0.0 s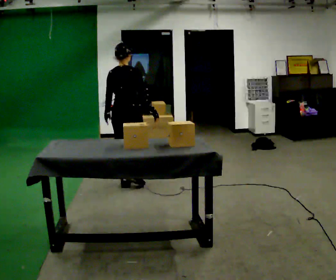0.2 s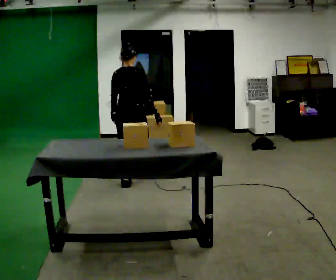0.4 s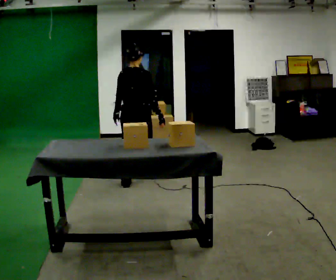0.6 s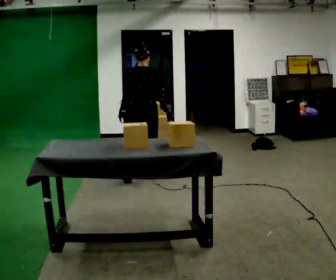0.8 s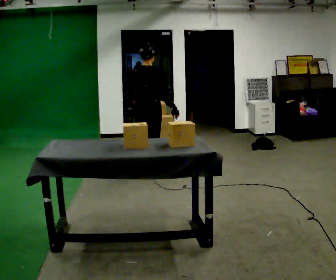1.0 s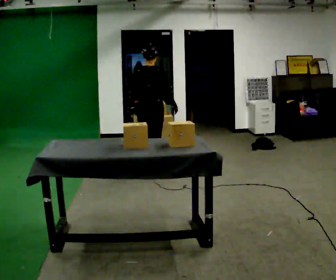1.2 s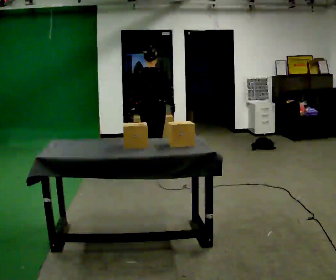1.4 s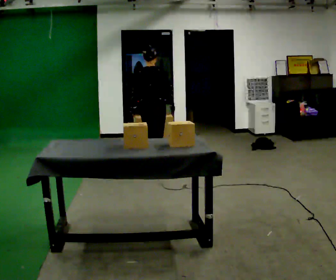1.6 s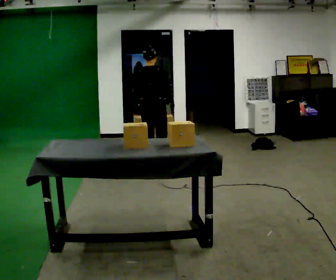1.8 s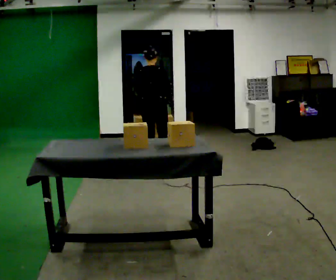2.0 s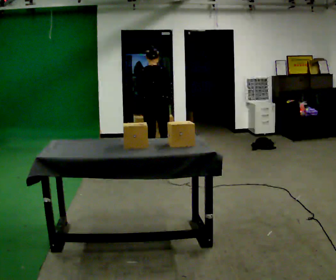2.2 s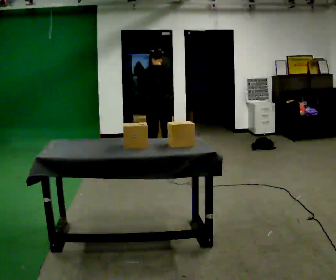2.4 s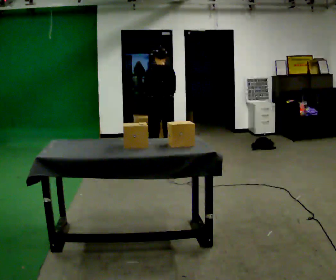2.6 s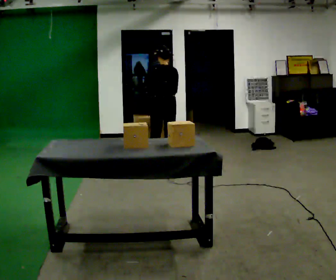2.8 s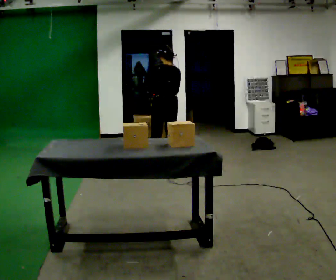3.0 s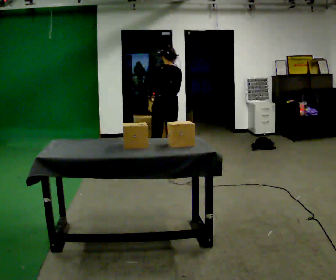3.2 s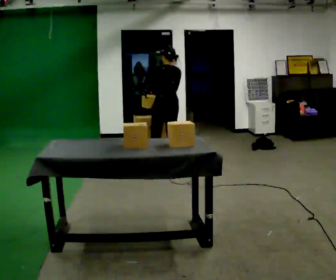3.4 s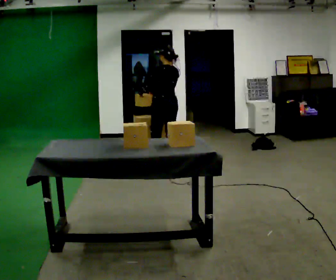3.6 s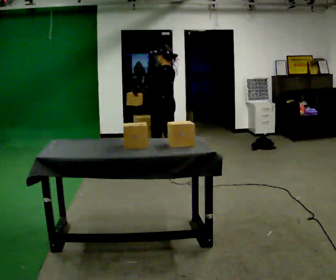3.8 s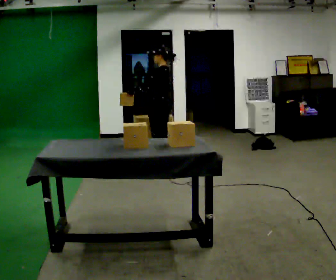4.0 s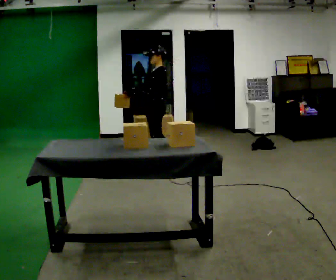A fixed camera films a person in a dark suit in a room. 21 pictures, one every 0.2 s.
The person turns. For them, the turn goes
to their left.
Their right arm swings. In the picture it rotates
clockwise.
0.0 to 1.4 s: In the picture they go away from the camera and to the right, about 0.5 m in 2 steps, which for them is forward.
1.4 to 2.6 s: Seen from above the body turns counterclockwise, about 30 degrees: to their left, with its near side sliding to the right. In the picture they go away from the camera and to the right, about 0.25 m in 1 step, which for them is forward and to their right.
2.6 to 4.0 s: The person turns about 90 degrees to their left, counterclockwise seen from above, so the part of the body nearest the lens slides to the right.
The film runs forward here.
